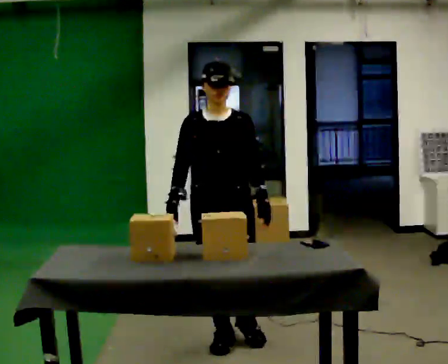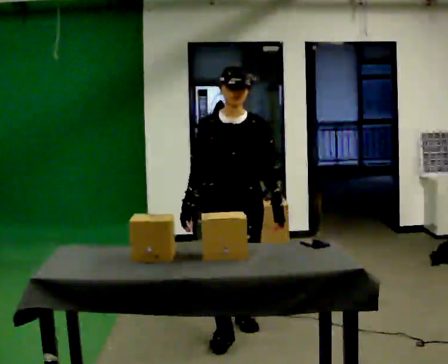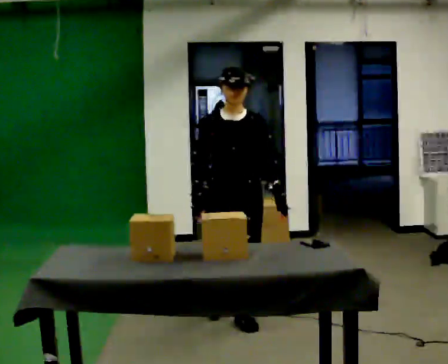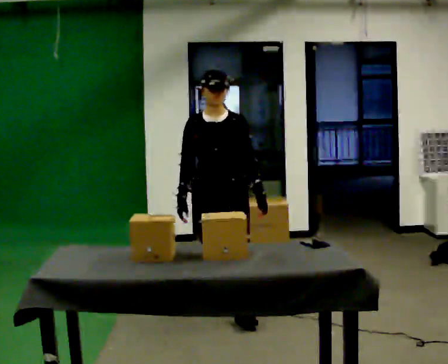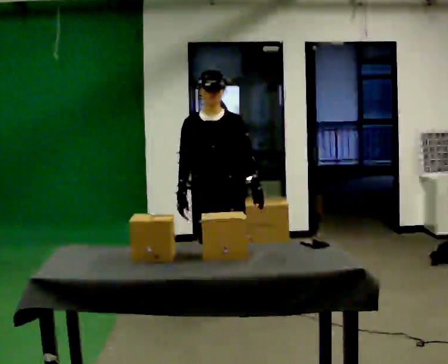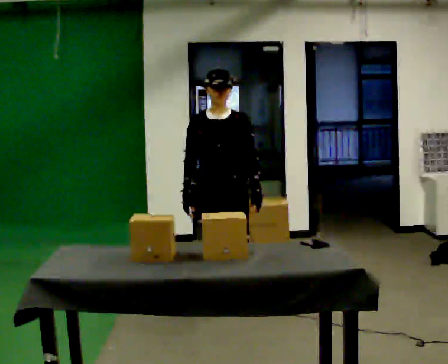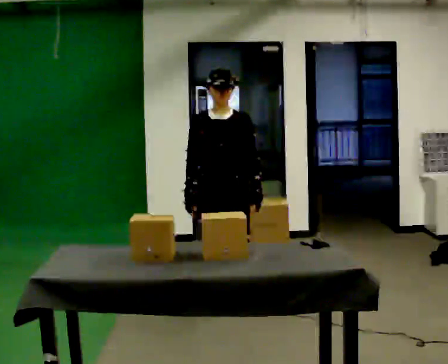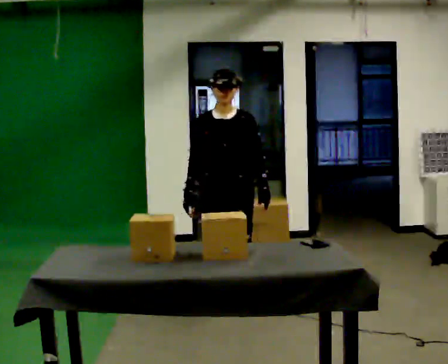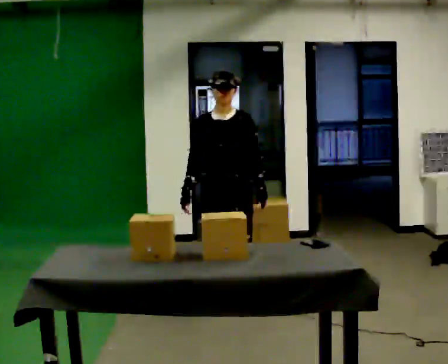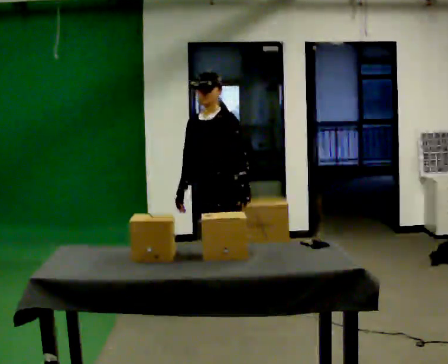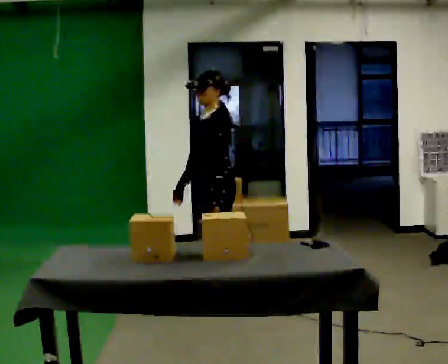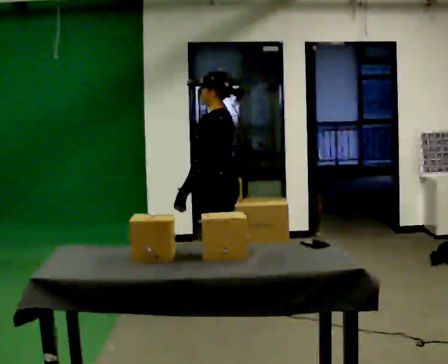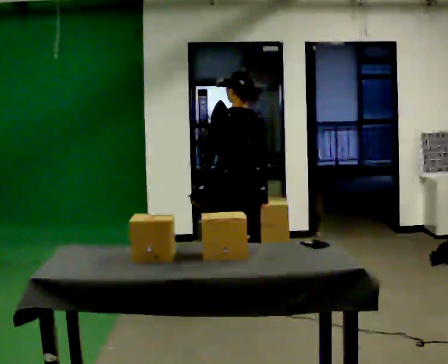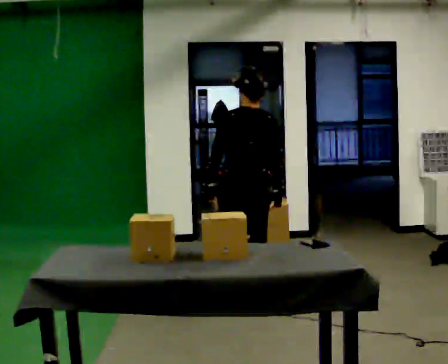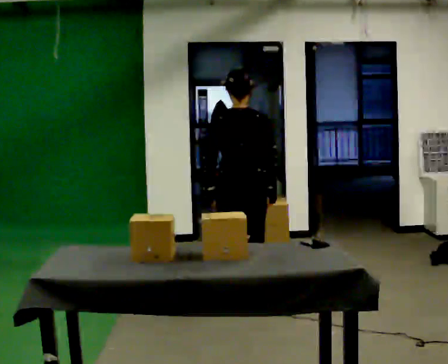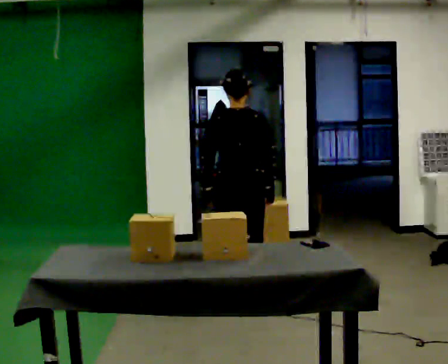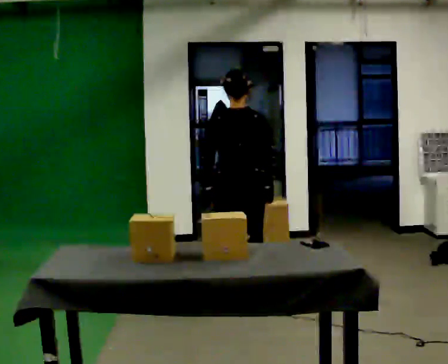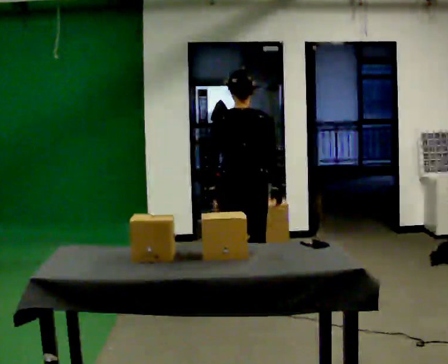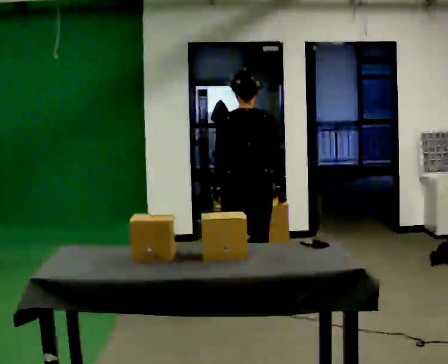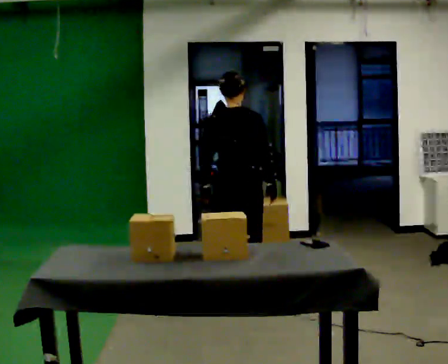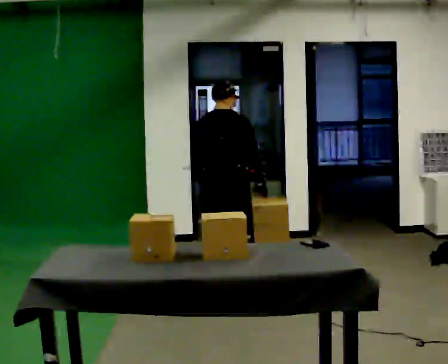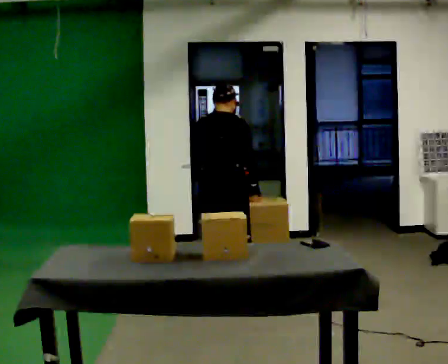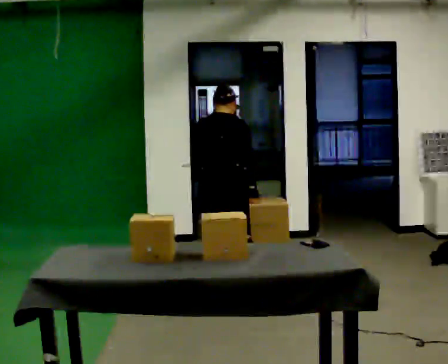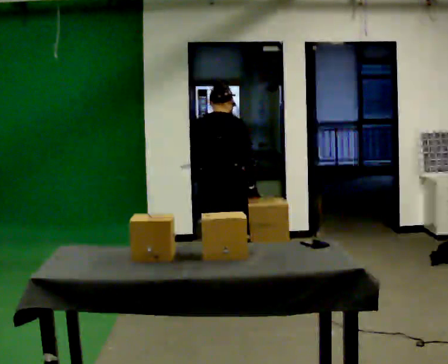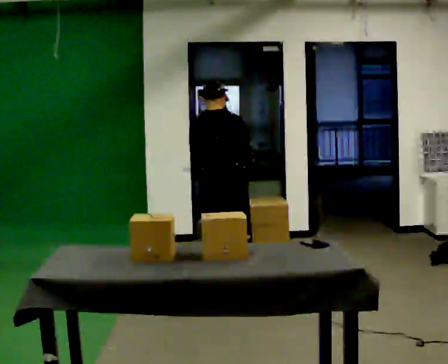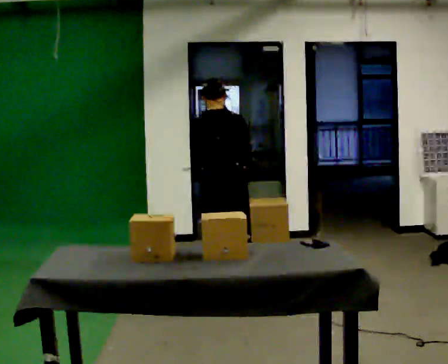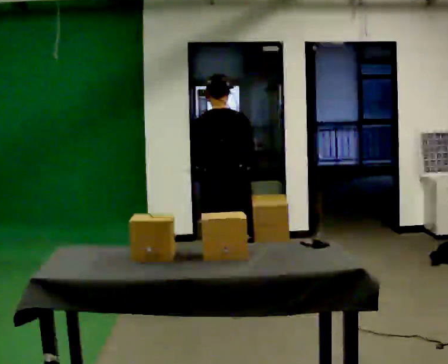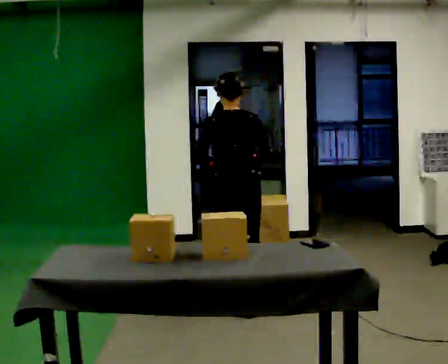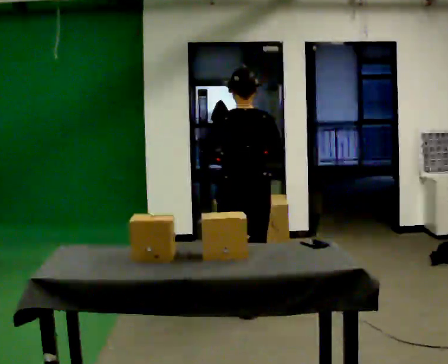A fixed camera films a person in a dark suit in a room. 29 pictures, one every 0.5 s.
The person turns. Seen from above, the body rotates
clockwise.
The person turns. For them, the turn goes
to their right.
0.0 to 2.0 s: In the picture they go away from the camera, about 0.5 m in 2 steps, which for them is backward.
2.0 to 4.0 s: The person moves a little, or ends about where they began.
4.0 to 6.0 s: Seen from above the body turns clockwise, about 135 degrees: to their right, with its near side sliding to the left. In the picture their left hand goes to the left, the arm swinging clockwise.
6.0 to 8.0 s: The part of the body nearest the lens slides to the left as the person turns to their right by about 30 degrees.
8.0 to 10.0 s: In the picture they go away from the camera, about 0.25 m in 2 steps, which for them is forward. The upper body tips away from the camera, its near side rolling upward, as they bend forward.
10.0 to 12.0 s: The person moves a little, or ends about where they began.
12.0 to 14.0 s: In the picture they go toward the camera, about 0.5 m in 1 step, which for them is backward and to their right. The upper body tips toward the camera, its near side rolling downward, as they lean back or straighten.
The film runs backward here.
